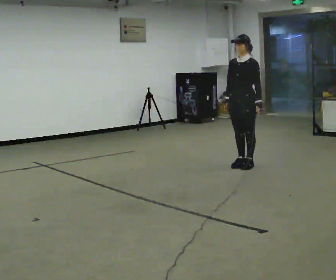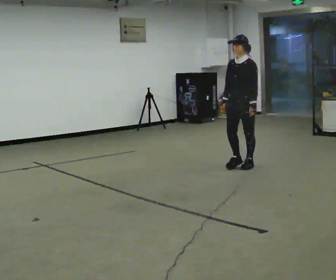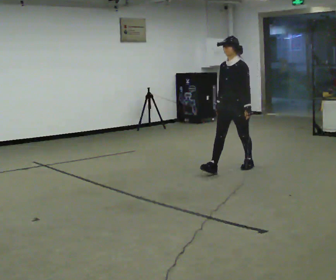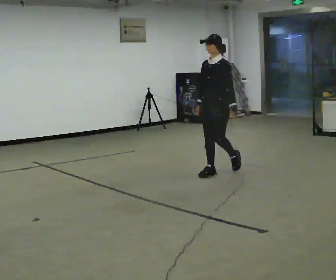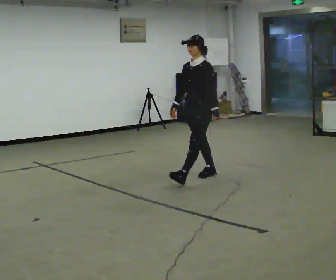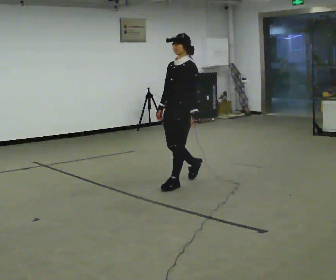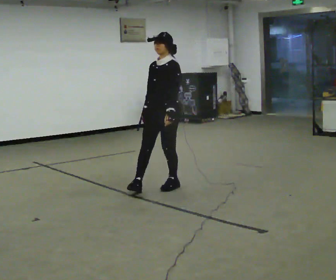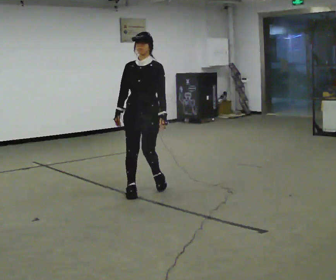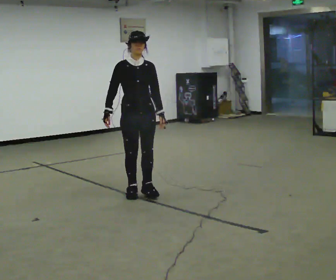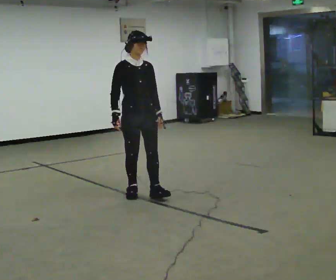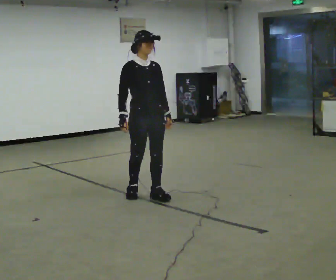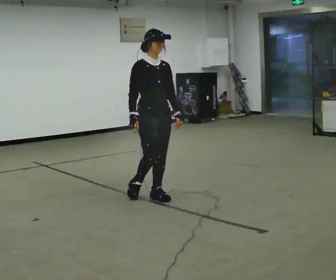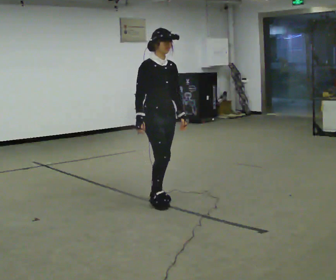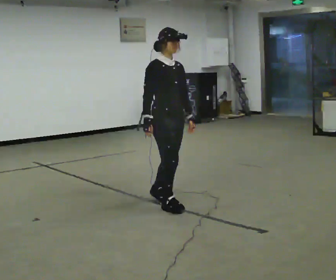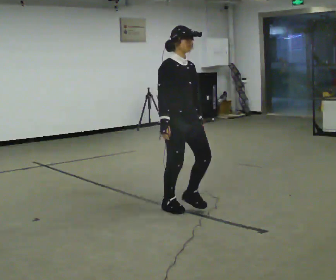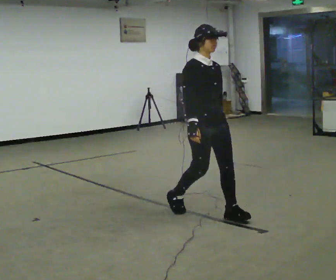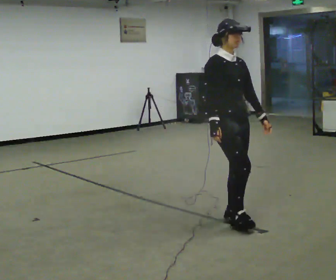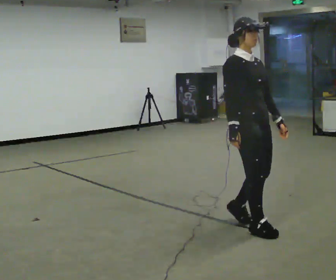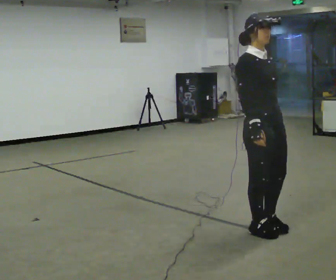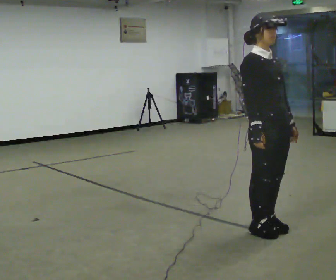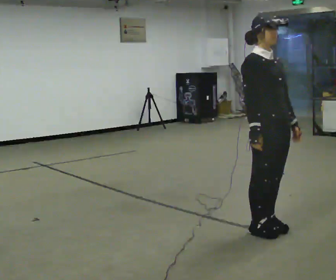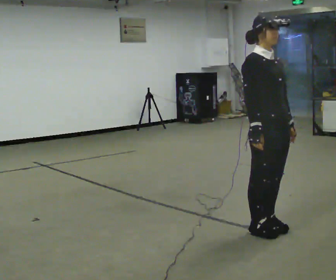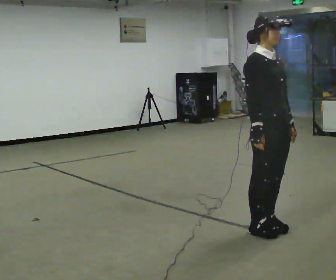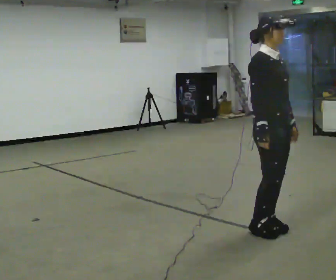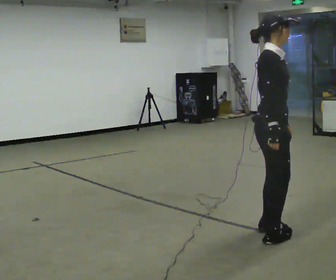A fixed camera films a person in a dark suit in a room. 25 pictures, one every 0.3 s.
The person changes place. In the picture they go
toward the camera.
The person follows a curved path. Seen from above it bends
counterclockwise.
0.0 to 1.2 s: In the picture they go to the left and toward the camera, about 0.5 m in 1 step, which for them is forward.
1.2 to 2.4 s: Seen from above the body turns counterclockwise, about 75 degrees: to their left, with its near side sliding to the right. In the picture they go to the left and toward the camera, about 1 m in 2 steps.
2.4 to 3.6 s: In the picture they go toward the camera and to the right, about 0.25 m in 1 step, which for them is forward.
3.6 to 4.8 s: In the picture they go toward the camera and to the right, about 1 m in 2 steps, which for them is forward.
4.8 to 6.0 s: In the picture they go toward the camera and to the right, about 0.5 m in 2 steps, which for them is forward.
6.0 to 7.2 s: The person turns about 30 degrees to their left, counterclockwise seen from above, so the part of the body nearest the lens slides to the right.
The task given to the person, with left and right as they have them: Walk normally; turn left/right while slowing; after turn accelerate back to normal.
The film runs forward here.
